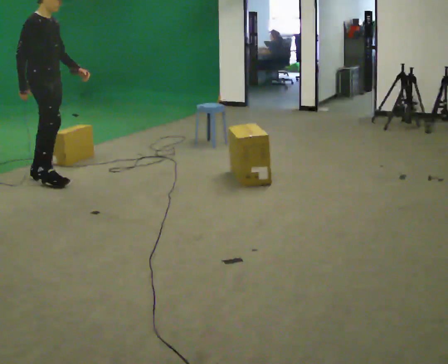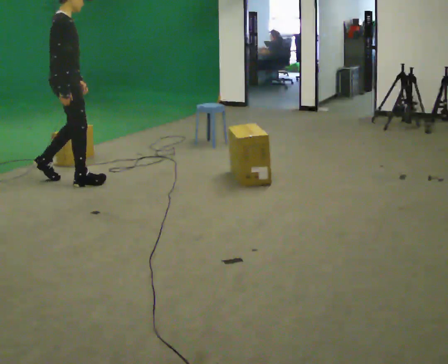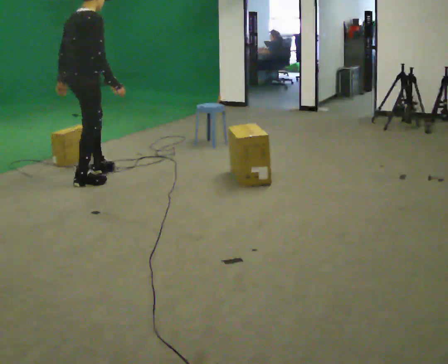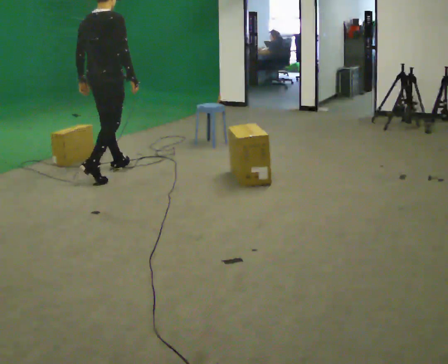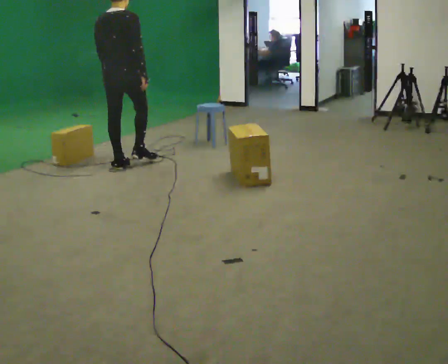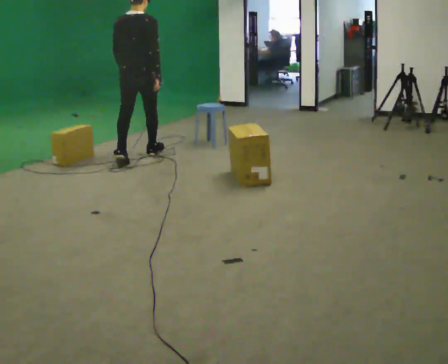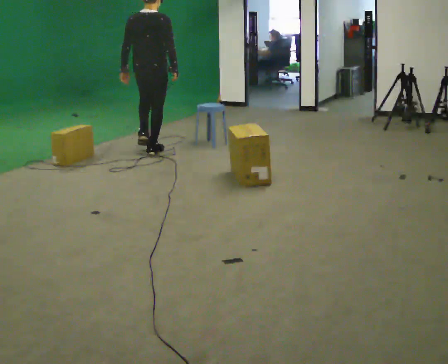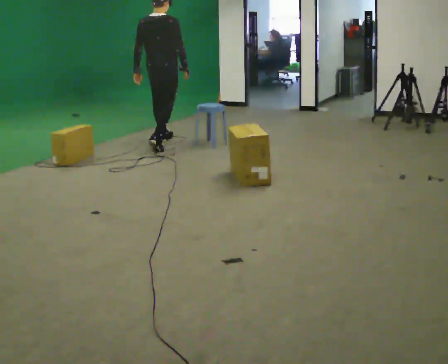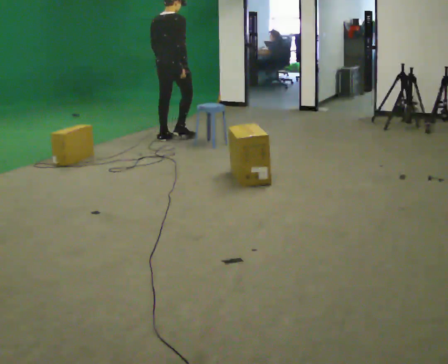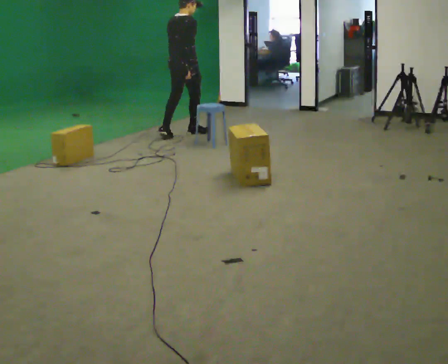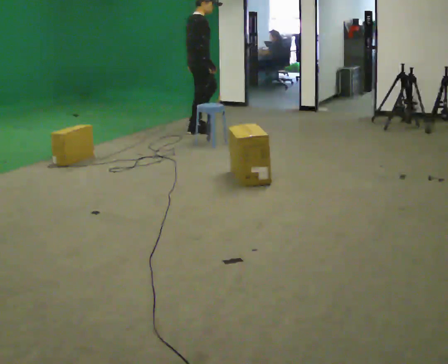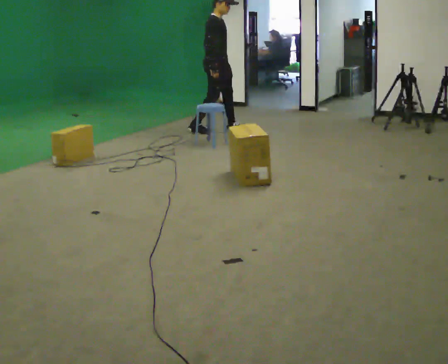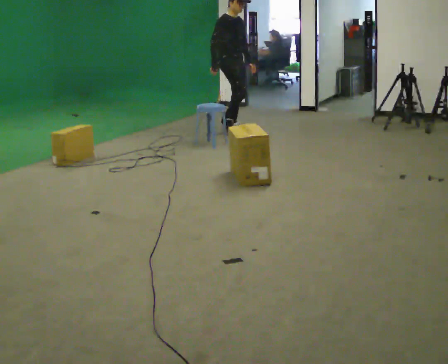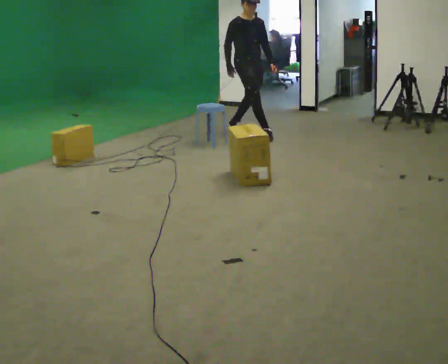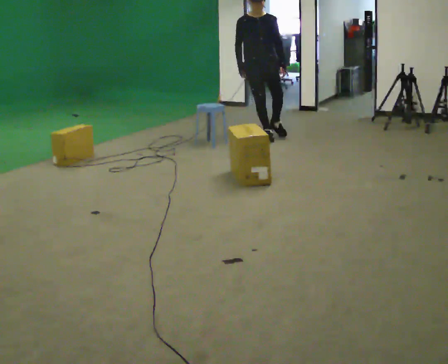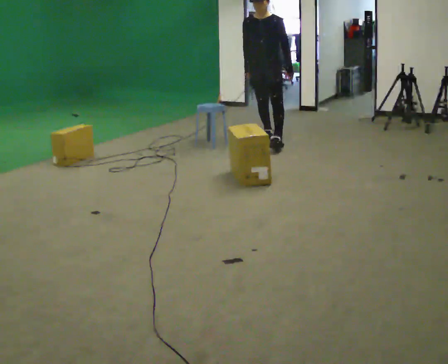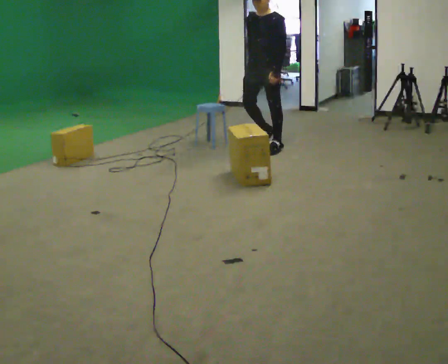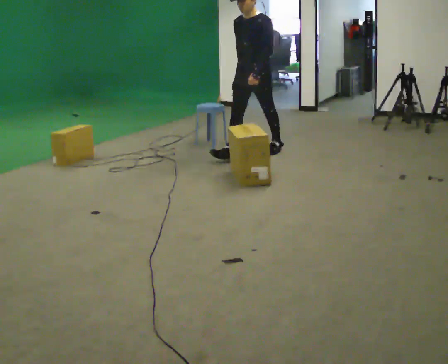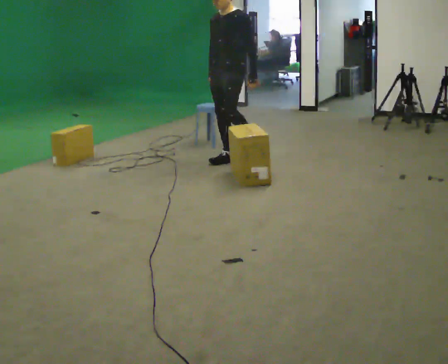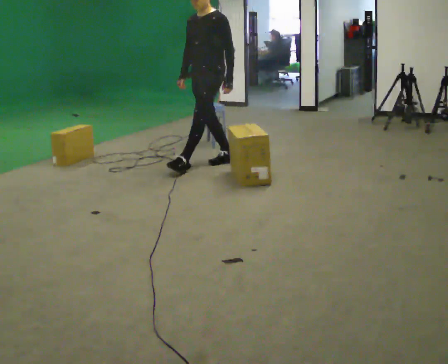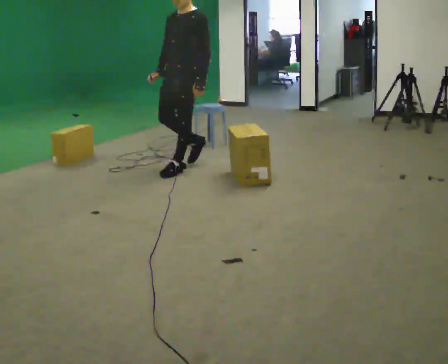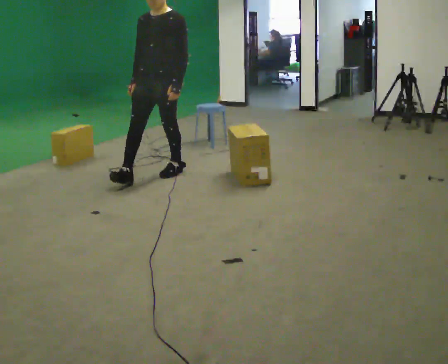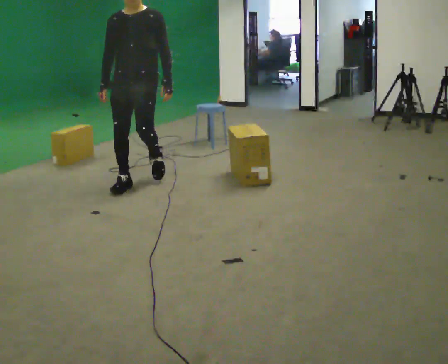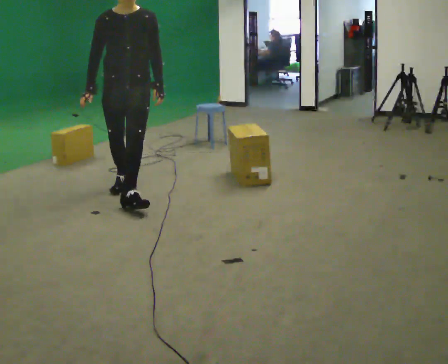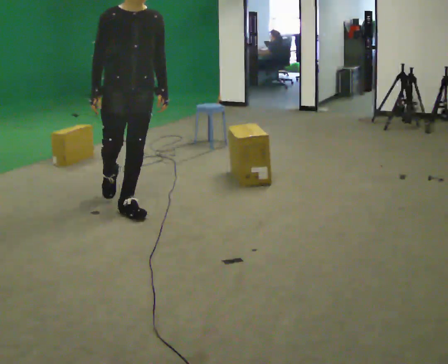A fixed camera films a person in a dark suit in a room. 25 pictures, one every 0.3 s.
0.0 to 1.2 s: The person turns about 90 degrees to their left, counterclockwise seen from above, so the part of the body nearest the lens slides to the right. In the picture they go to the right and away from the camera, about 1 m in 2 steps.
1.2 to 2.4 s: In the picture they go away from the camera, about 1 m in 2 steps, which for them is forward.
2.4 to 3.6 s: The person turns about 90 degrees to their right, clockwise seen from above, so the part of the body nearest the lens slides to the left. In the picture they go to the right and away from the camera, about 0.5 m in 2 steps.
3.6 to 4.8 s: The person turns about 90 degrees to their right, clockwise seen from above, so the part of the body nearest the lens slides to the left. In the picture they go toward the camera and to the right, about 1 m in 2 steps.
4.8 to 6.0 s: In the picture they go toward the camera and to the left, about 1 m in 2 steps, which for them is forward.
6.0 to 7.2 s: The part of the body nearest the lens slides to the right as the person turns to their left by about 75 degrees. In the picture they go toward the camera, about 1 m in 2 steps.
The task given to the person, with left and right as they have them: Start at marker; visit targets in order; choose natural paths; avoid obstacles; stop at final target.
The film runs forward here.
